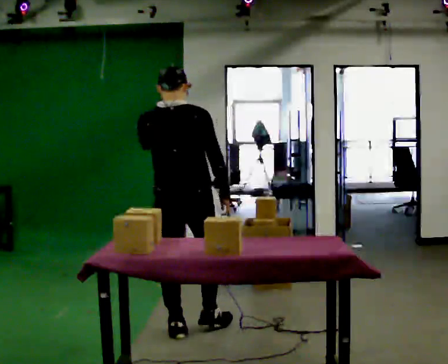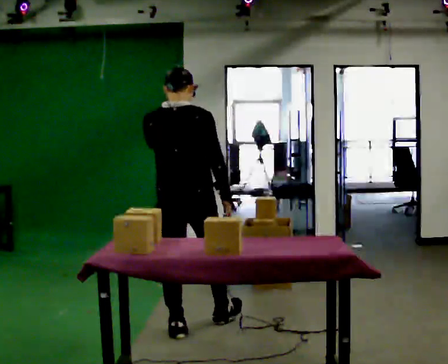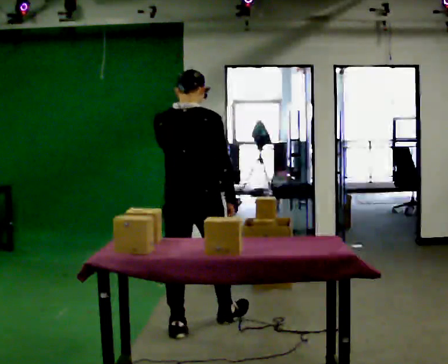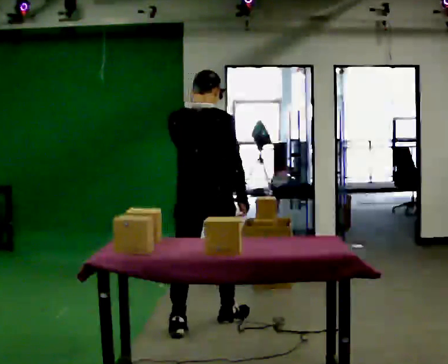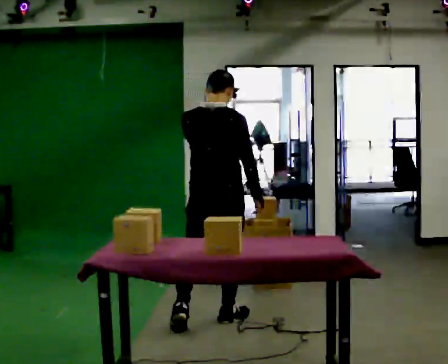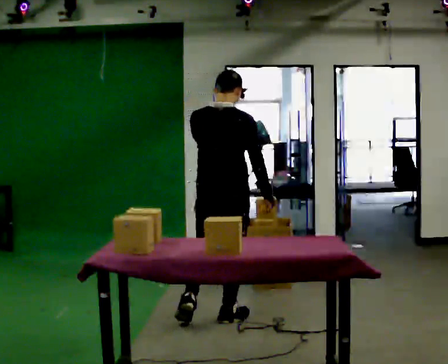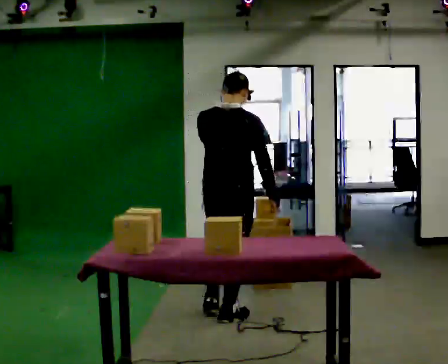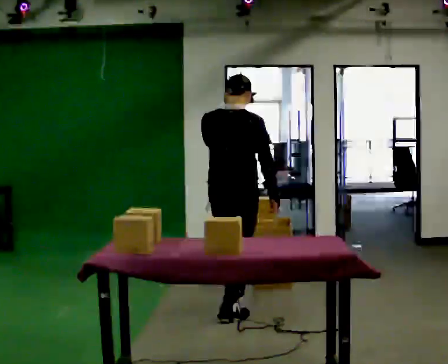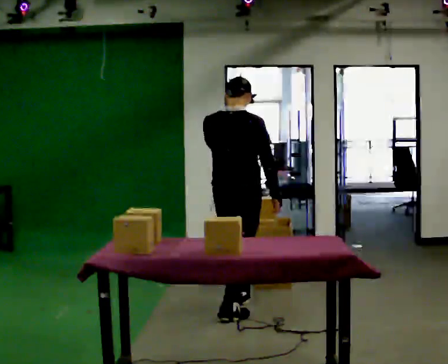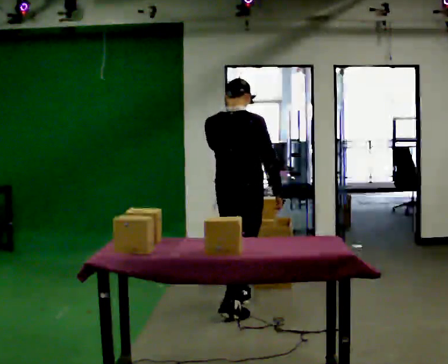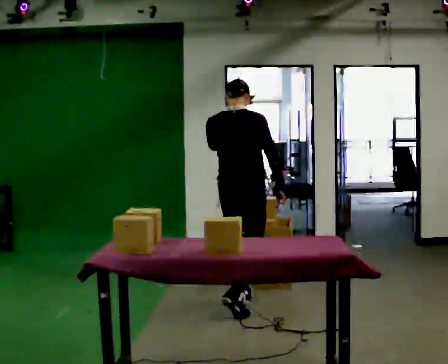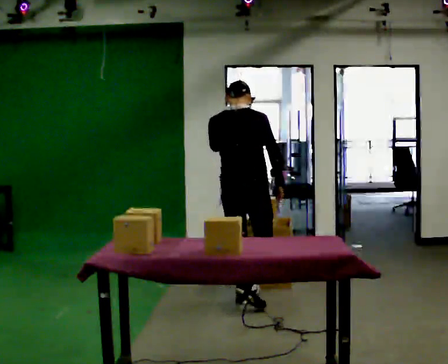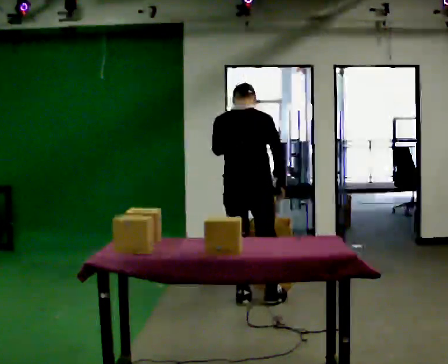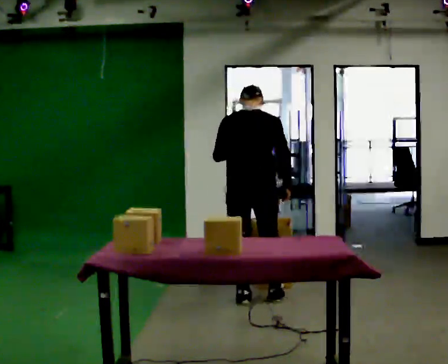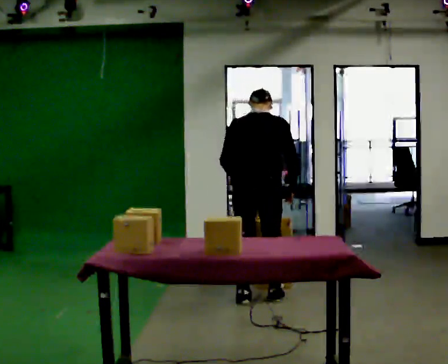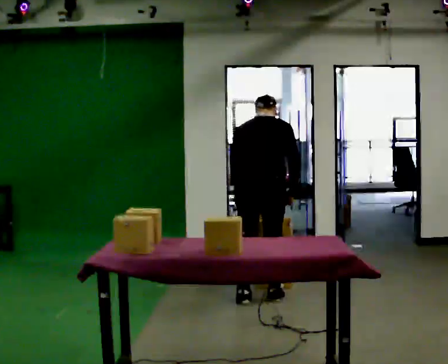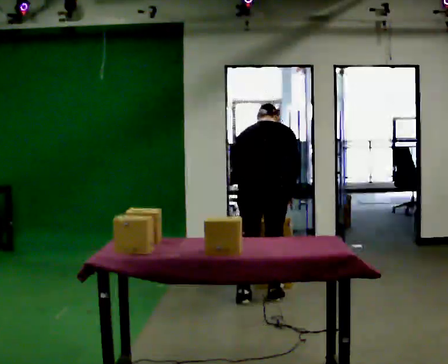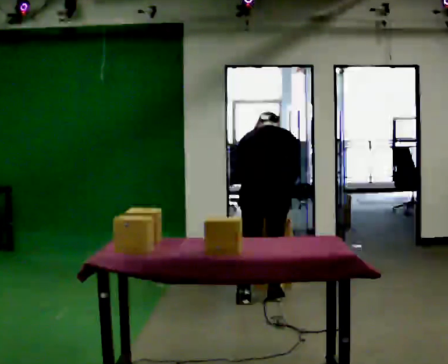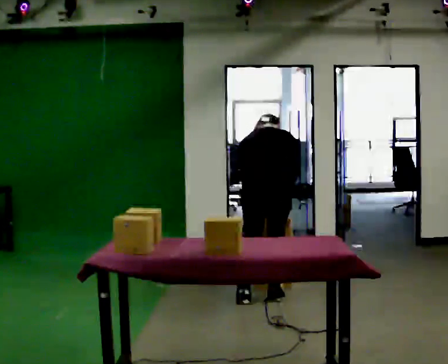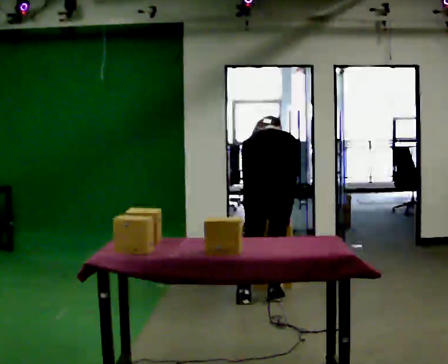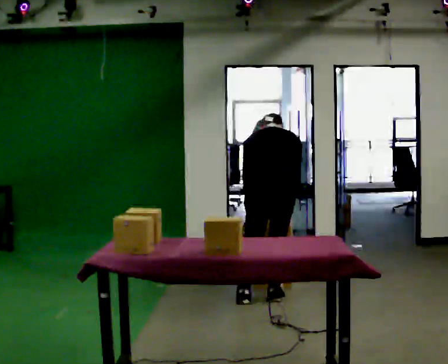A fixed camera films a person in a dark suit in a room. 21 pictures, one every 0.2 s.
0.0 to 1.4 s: In the picture they go away from the camera and to the right, about 0.5 m in 1 step, which for them is forward.
1.4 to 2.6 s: In the picture they go away from the camera, about 0.5 m in 2 steps, which for them is forward.
2.6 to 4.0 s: In the picture they go to the right, about 0.25 m, which for them is to their right. The upper body goes downward. The upper body tips away from the camera, its near side rolling upward, as they bend forward.
The film runs forward here.
